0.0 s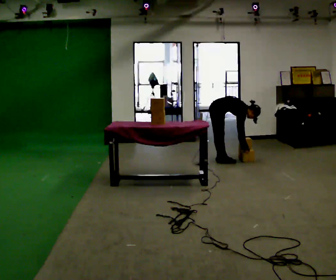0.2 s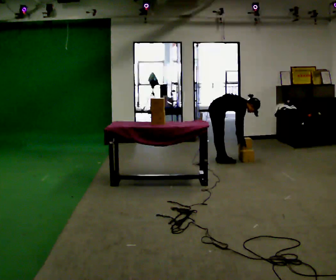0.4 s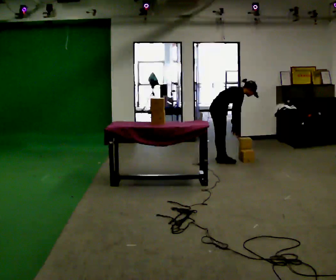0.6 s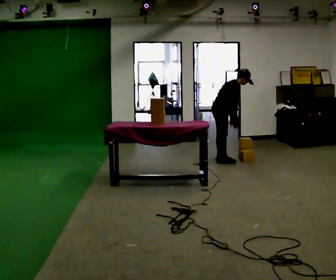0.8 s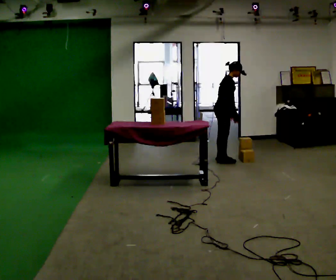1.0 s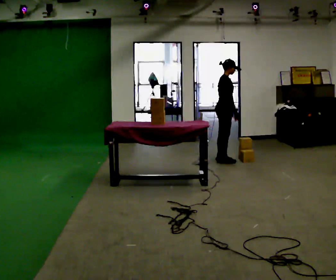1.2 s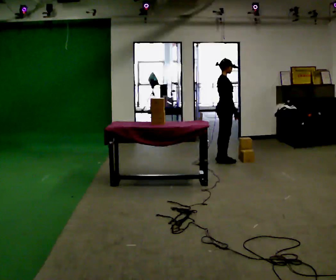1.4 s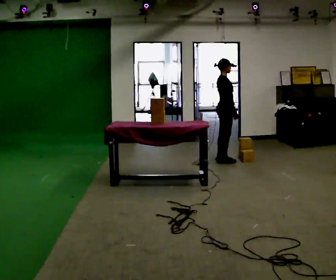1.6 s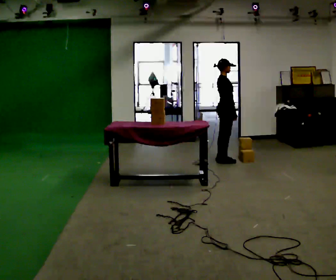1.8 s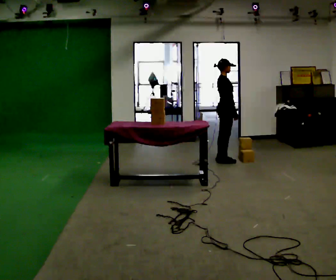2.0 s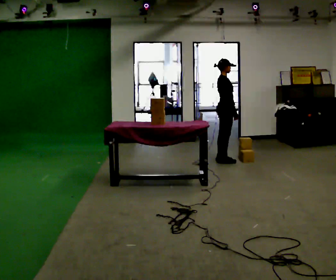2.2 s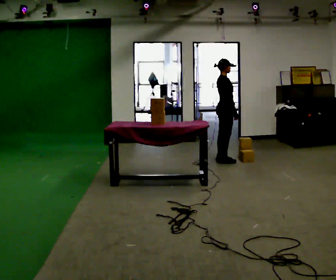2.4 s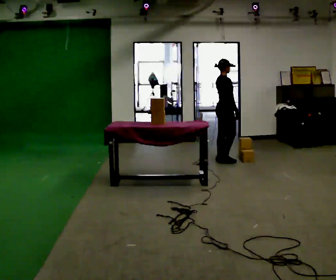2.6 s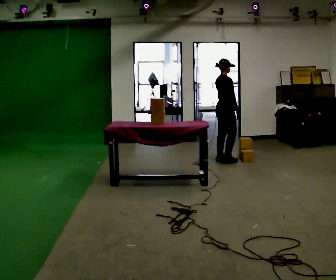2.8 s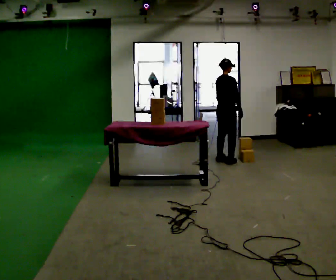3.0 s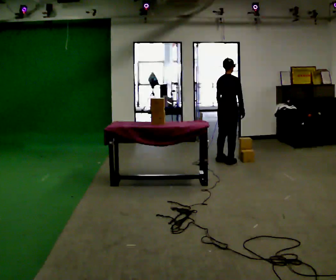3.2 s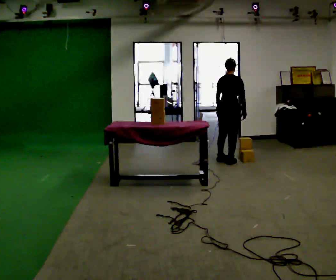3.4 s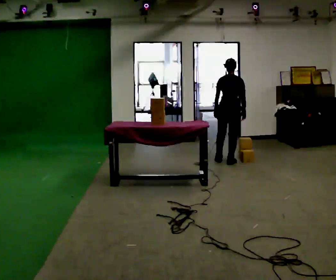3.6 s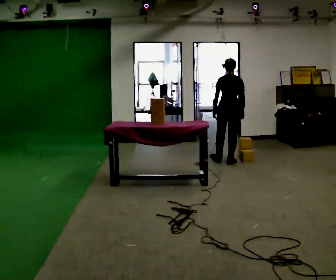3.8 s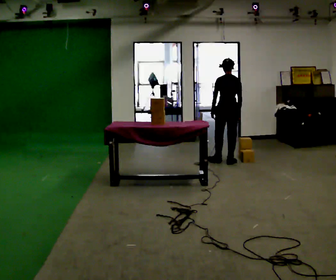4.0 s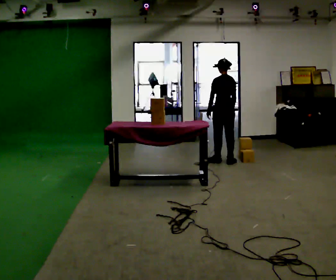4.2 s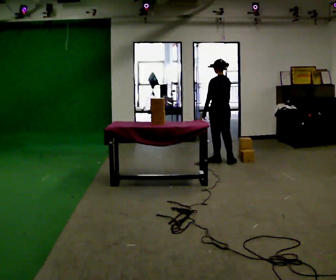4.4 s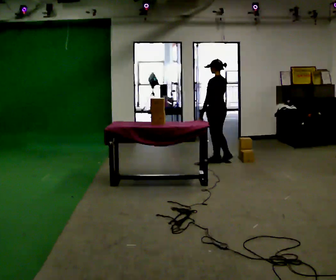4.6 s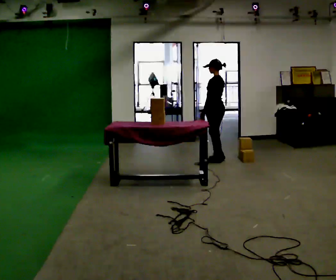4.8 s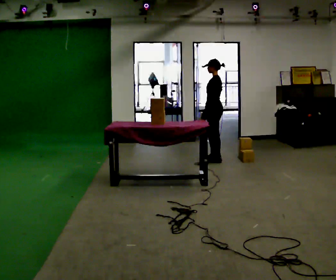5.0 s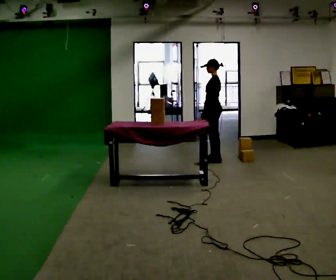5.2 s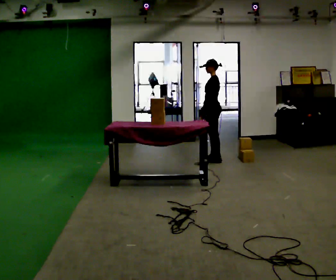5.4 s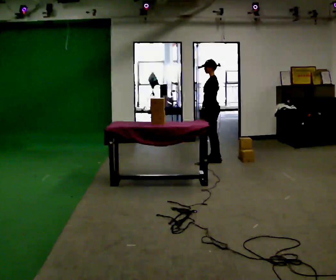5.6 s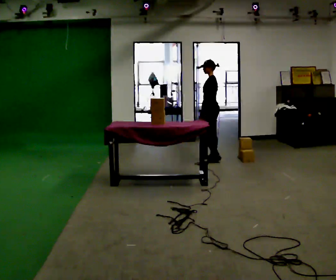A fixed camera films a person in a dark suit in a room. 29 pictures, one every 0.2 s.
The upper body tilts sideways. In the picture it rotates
counterclockwise.
Their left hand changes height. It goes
upward.
0.0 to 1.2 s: The shoulders move upward. In the picture the upper body tilts counterclockwise, shoulders to the left, as they lean back or straighten. In the picture their left hand goes upward.
1.2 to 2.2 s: The person moves a little, or ends about where they began.
2.2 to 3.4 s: The part of the body nearest the lens slides to the right as the person turns to their left by about 75 degrees.
3.4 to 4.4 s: Seen from above the body turns counterclockwise, about 60 degrees: to their left, with its near side sliding to the right. In the picture they go to the left, about 0.25 m. In the picture their right hand goes to the left.
4.4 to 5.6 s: Seen from above the body turns counterclockwise, about 30 degrees: to their left, with its near side sliding to the right.
The film runs forward here.
